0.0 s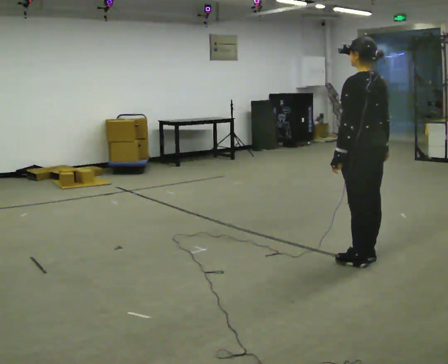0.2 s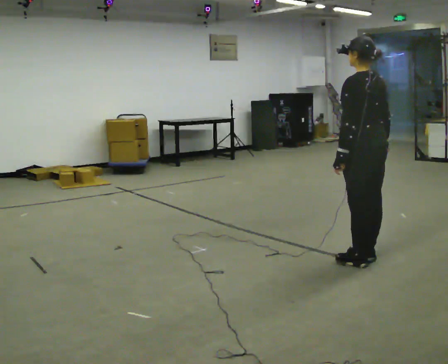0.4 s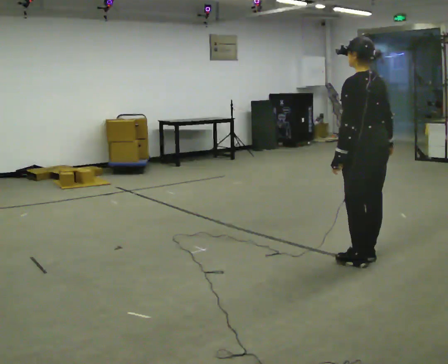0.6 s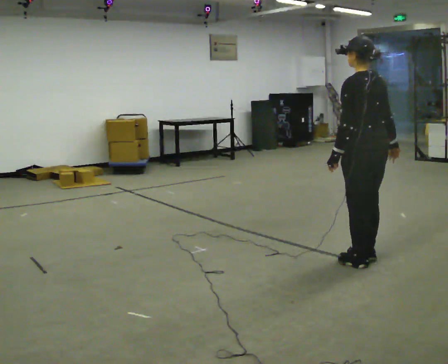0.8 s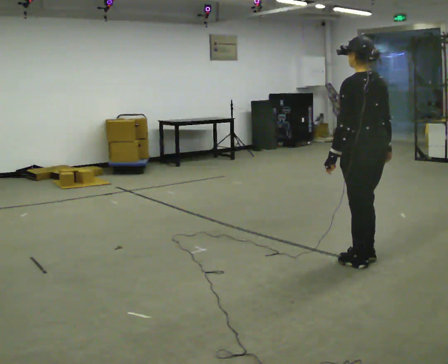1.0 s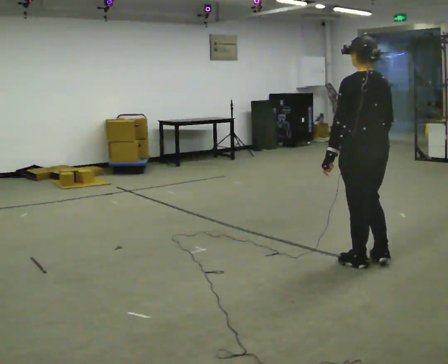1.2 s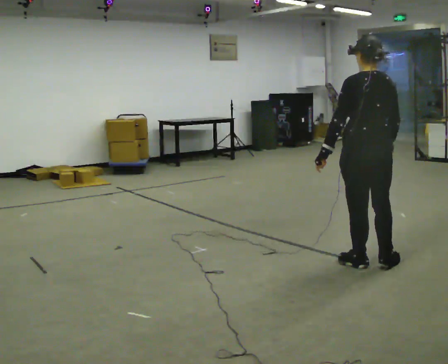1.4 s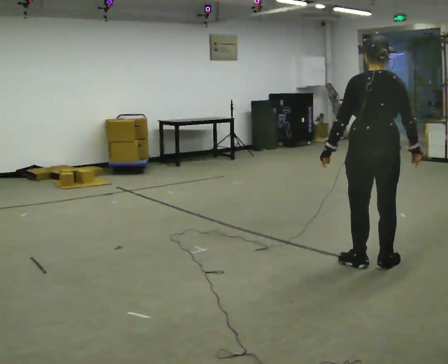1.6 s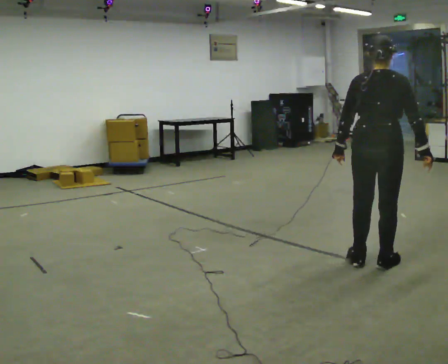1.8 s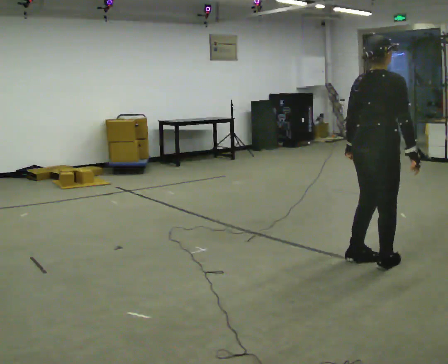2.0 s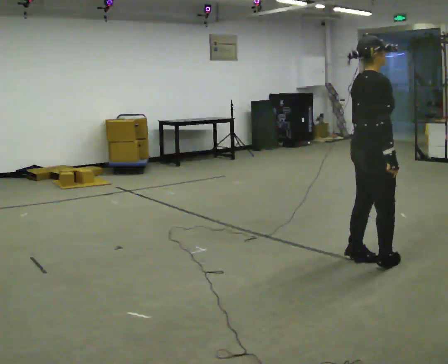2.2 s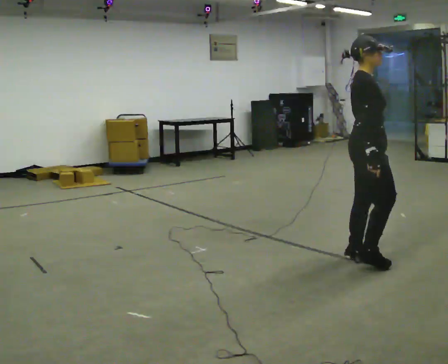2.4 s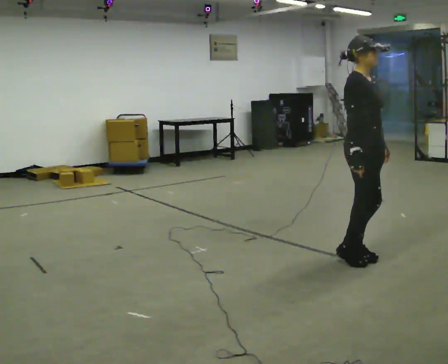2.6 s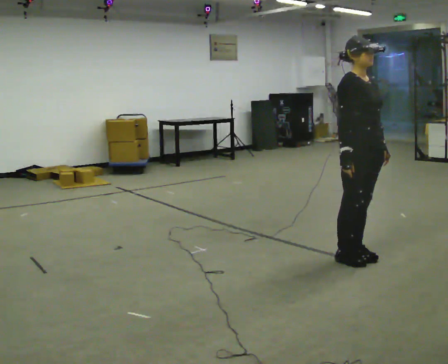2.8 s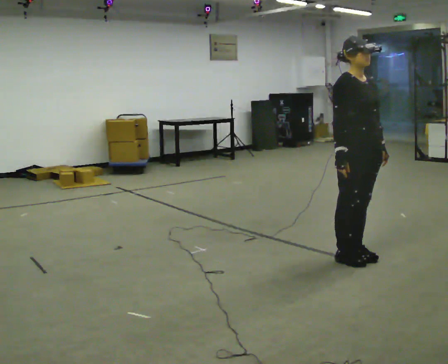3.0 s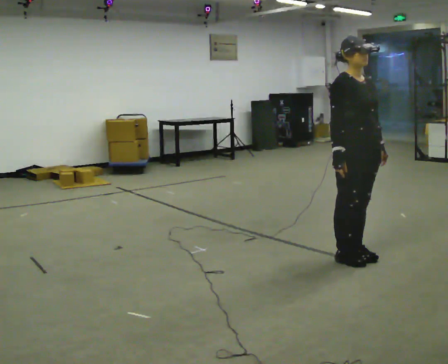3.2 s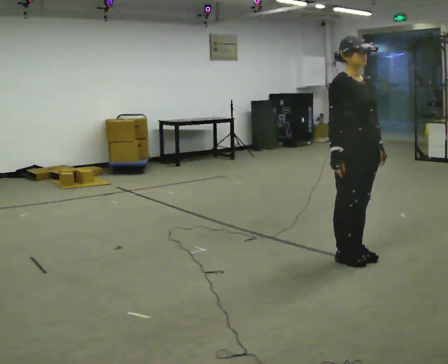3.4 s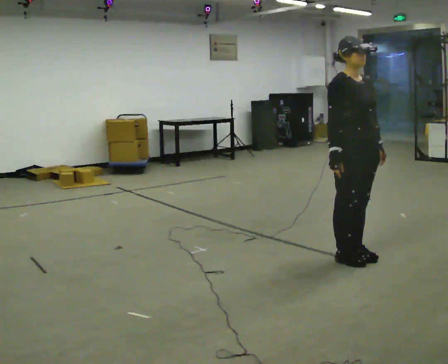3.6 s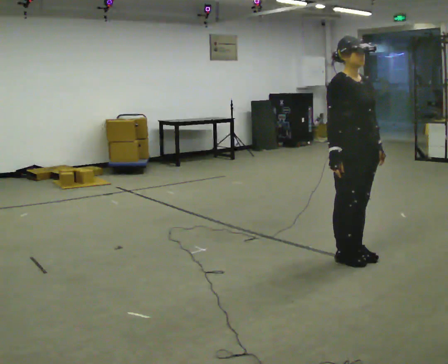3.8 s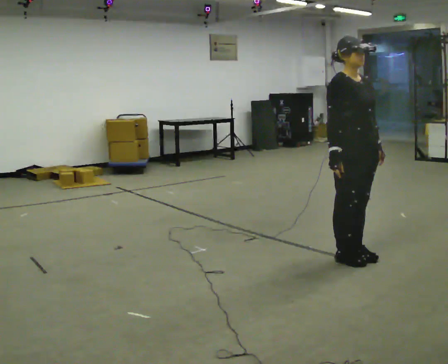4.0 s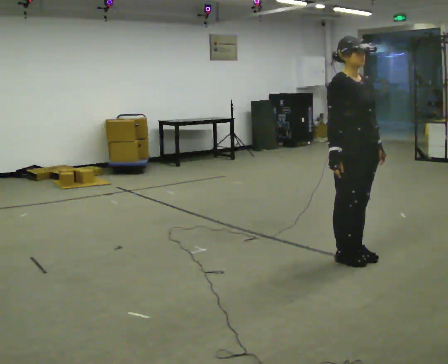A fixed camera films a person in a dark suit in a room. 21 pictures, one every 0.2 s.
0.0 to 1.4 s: The person turns about 30 degrees to their right, clockwise seen from above, so the part of the body nearest the lens slides to the left.
1.4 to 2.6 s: The part of the body nearest the lens slides to the left as the person turns to their right by about 135 degrees. In the picture they go away from the camera, about 0.25 m in 2 steps. In the picture their left hand goes to the right, the arm swinging counterclockwise.
2.6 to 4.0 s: The person moves a little, or ends about where they began.
The film runs backward here.
